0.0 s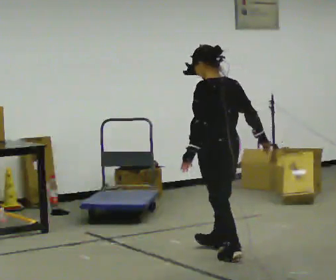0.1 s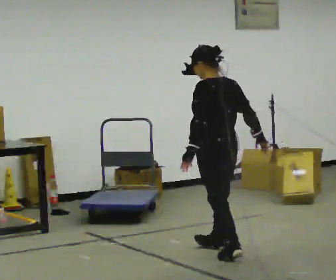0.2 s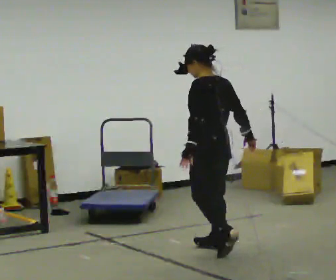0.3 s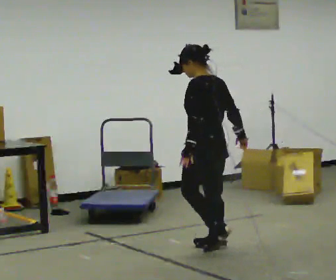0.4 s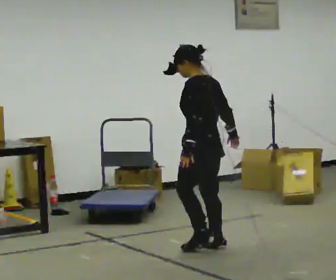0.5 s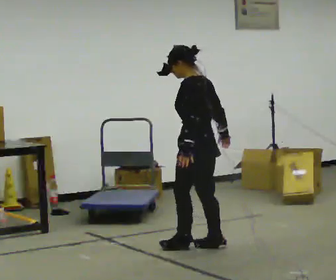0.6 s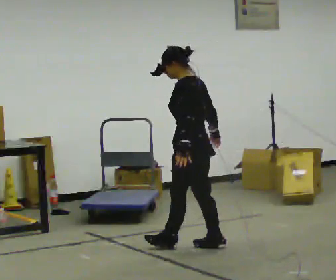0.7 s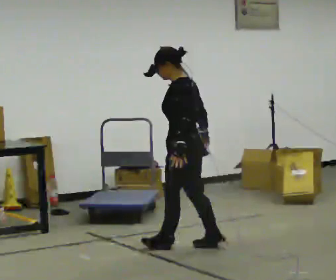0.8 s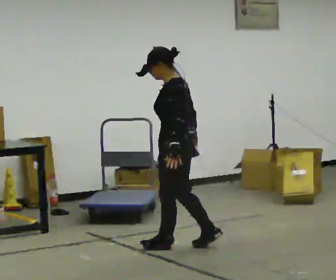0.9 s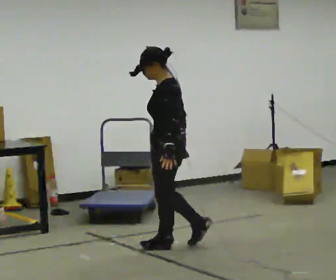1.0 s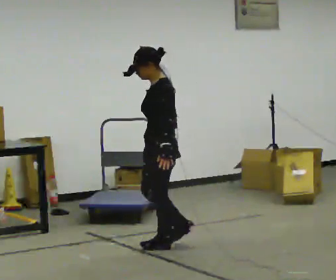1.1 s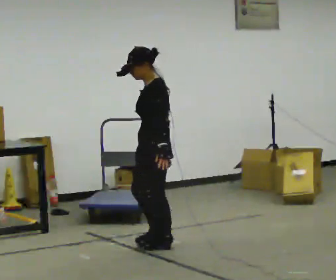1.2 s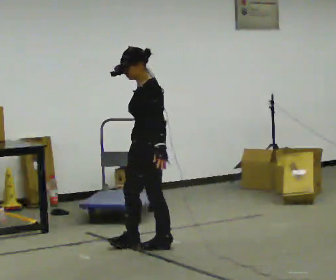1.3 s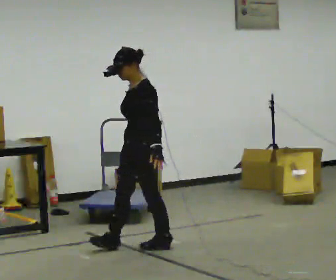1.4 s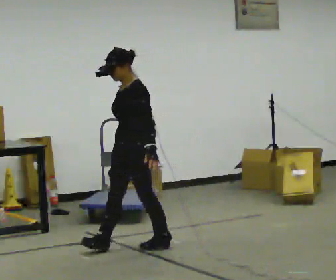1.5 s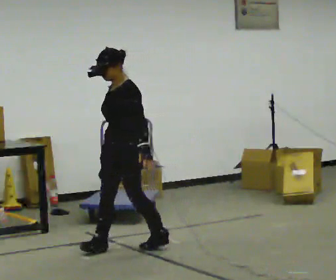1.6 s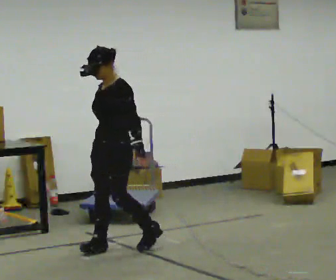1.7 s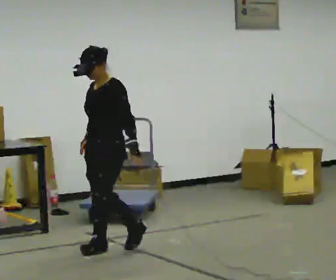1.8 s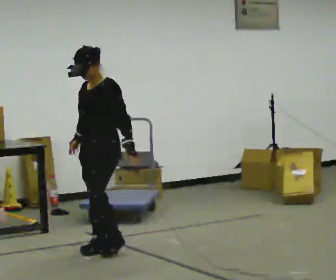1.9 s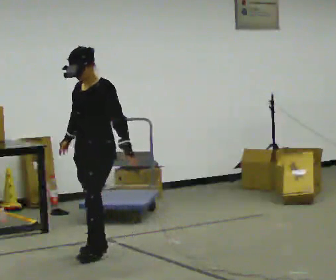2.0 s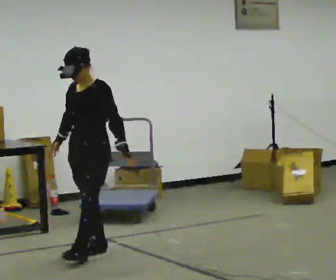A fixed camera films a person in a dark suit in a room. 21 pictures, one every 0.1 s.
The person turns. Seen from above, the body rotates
counterclockwise.
Their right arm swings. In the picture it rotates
clockwise.
0.0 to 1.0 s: The person turns about 45 degrees to their left, counterclockwise seen from above, so the part of the body nearest the lens slides to the right. In the picture they go to the left and away from the camera, about 0.5 m in 1 step, which for them is forward.
1.0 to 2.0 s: Seen from above the body turns counterclockwise, about 45 degrees: to their left, with its near side sliding to the right. In the picture they go to the left, about 0.5 m in 1 step, which for them is forward.
The film runs forward here.
